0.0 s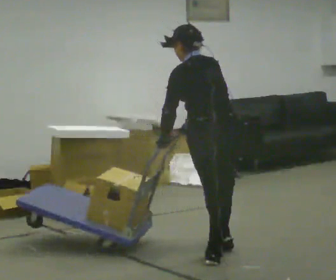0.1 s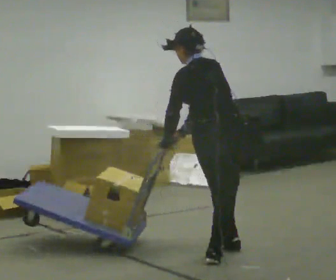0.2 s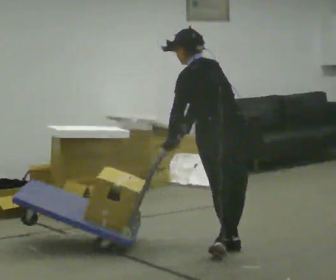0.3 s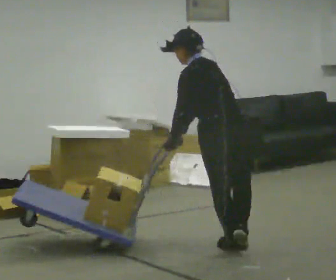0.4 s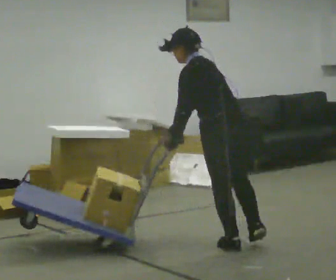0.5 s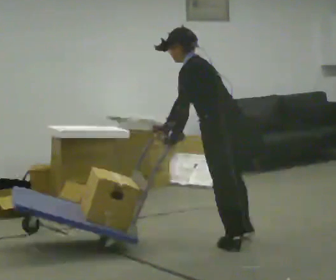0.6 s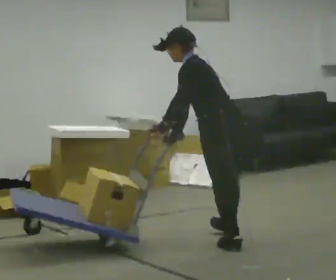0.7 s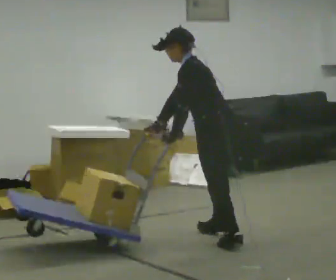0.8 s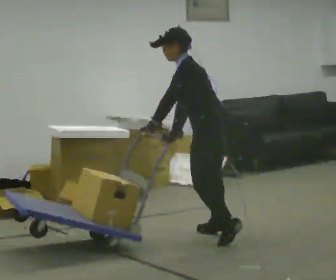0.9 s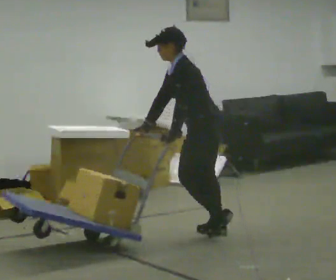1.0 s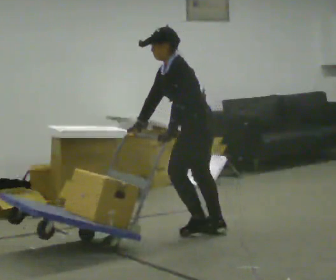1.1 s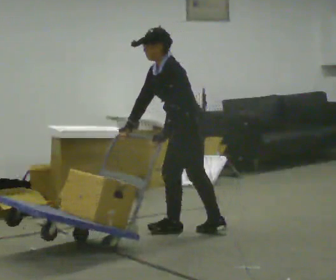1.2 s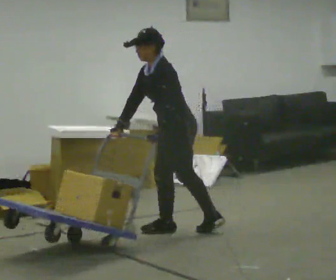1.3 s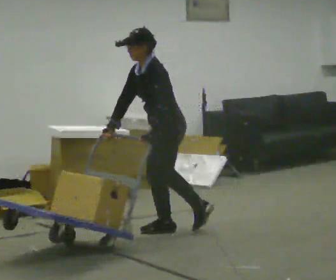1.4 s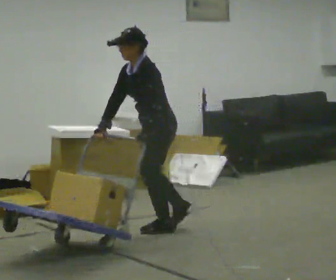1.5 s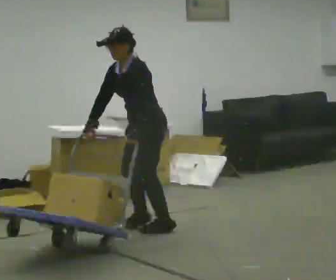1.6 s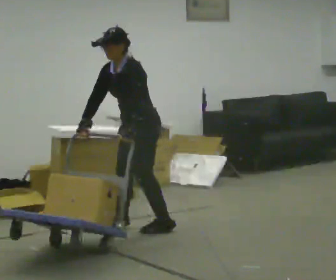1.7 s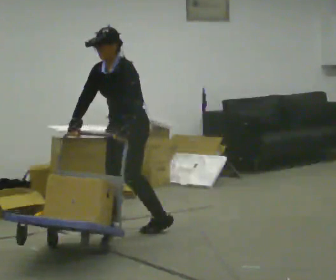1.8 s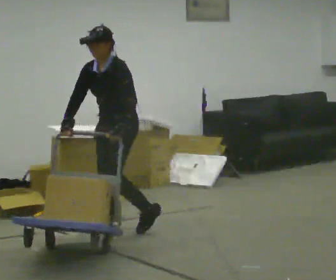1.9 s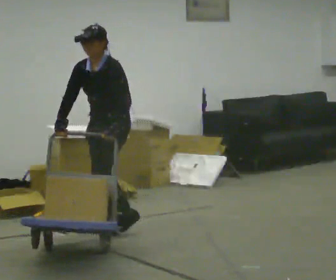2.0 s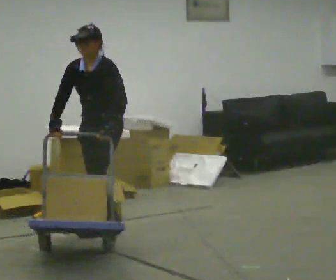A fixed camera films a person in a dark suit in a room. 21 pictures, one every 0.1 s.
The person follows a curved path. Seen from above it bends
counterclockwise.
The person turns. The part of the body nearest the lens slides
to the right.
0.0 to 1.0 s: The part of the body nearest the lens slides to the right as the person turns to their left by about 75 degrees. In the picture they go away from the camera, about 0.75 m in 2 steps. The upper body tips toward the camera, its near side rolling downward.
1.0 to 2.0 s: Seen from above the body turns counterclockwise, about 60 degrees: to their left, with its near side sliding to the right. In the picture they go to the left, about 0.75 m in 2 steps, which for them is forward and to their right. In the picture the upper body tilts clockwise, shoulders to the right.
The film runs forward here.
